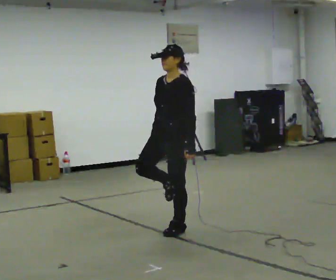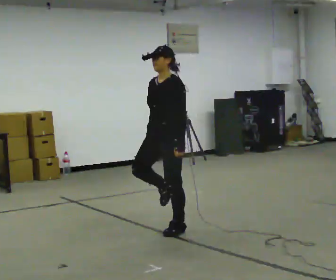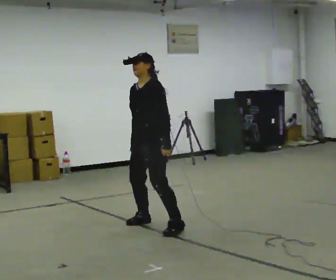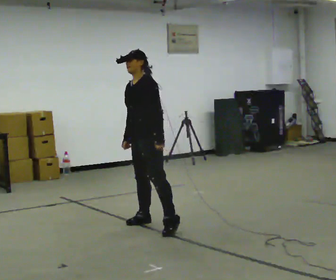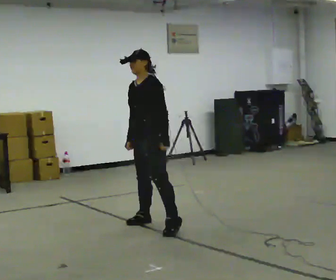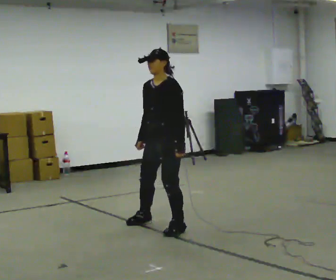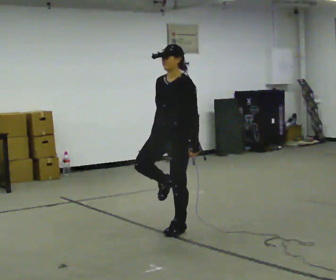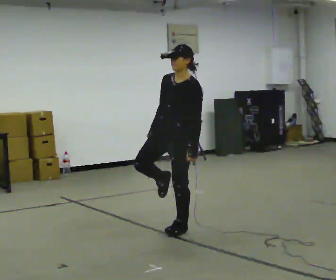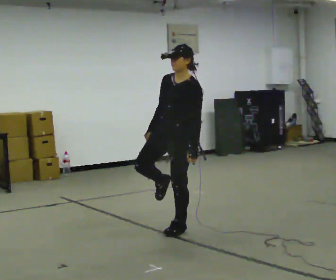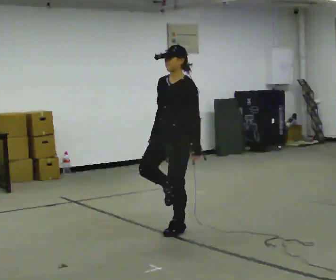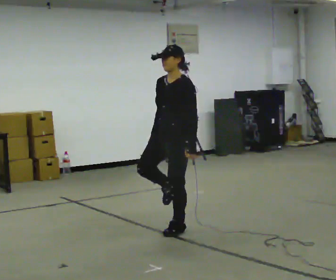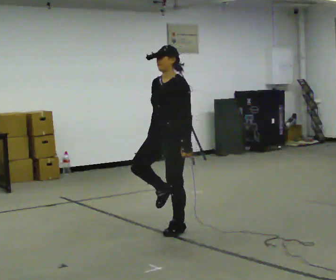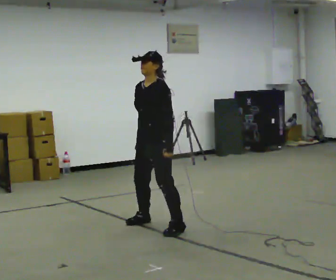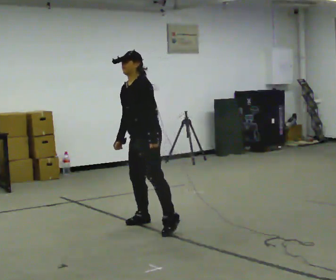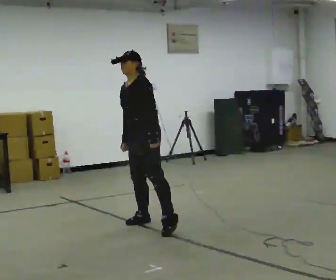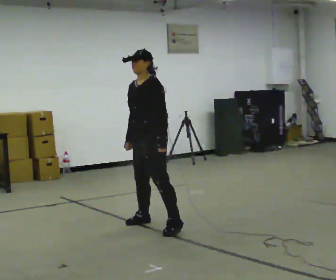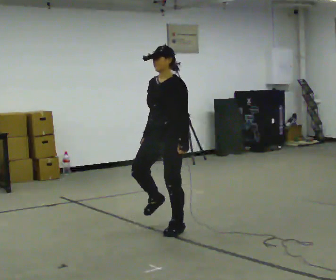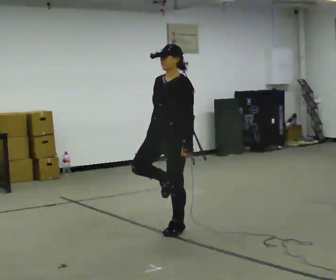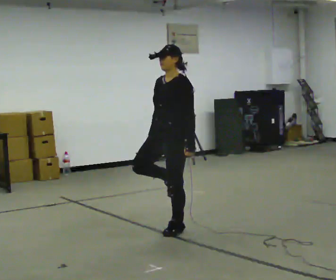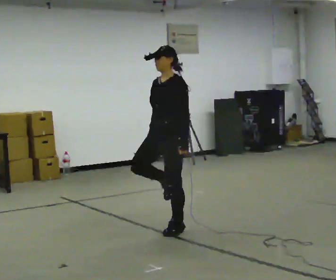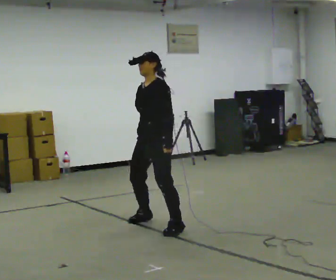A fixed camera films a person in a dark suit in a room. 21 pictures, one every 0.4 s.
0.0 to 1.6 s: In the picture they go away from the camera and to the left, about 0.25 m in 1 step, which for them is to their right.
1.6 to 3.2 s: In the picture they go toward the camera and to the right, about 0.25 m in 1 step, which for them is to their left. In the picture the upper body tilts clockwise, shoulders to the right.
3.2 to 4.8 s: In the picture they go to the left and away from the camera, about 0.25 m in 1 step, which for them is to their right. In the picture the upper body tilts counterclockwise, shoulders to the left.
4.8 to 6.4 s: The person moves a little, or ends about where they began.
6.4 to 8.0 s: In the picture they go away from the camera, about 0.25 m in 1 step, which for them is to their right.
The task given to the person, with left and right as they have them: Stand on one foot on the marked spot, on the side the operator calls. Hold it until you genuinely lose your balance, then put the other foot down. Repeat at your own pace until the operator says stop. Go slowly and only as far as you are comfortable. Step whenever you need to; do not try to hold on longer than feels safe.
The film runs forward here.
